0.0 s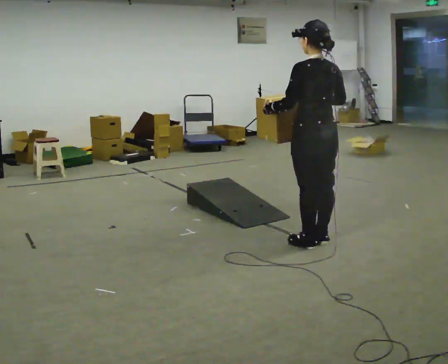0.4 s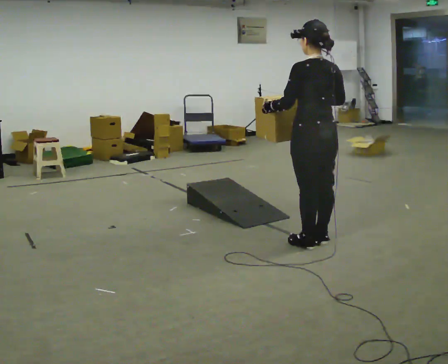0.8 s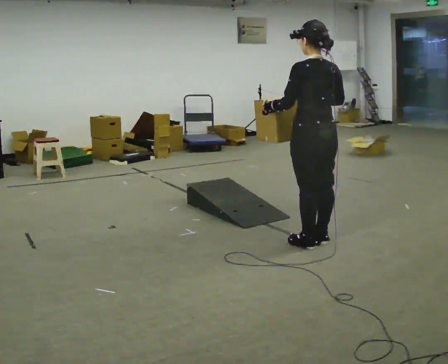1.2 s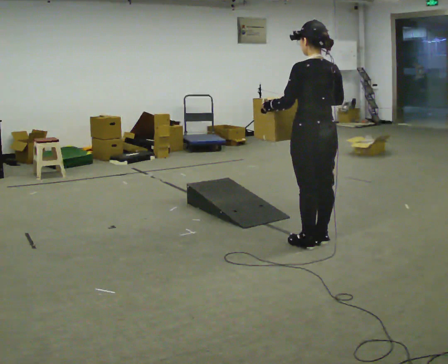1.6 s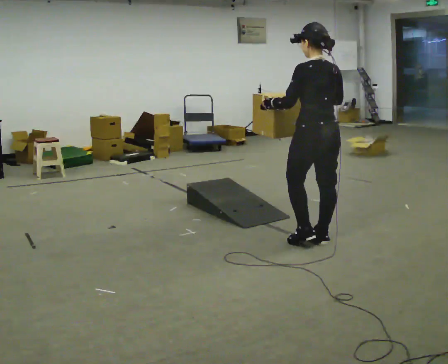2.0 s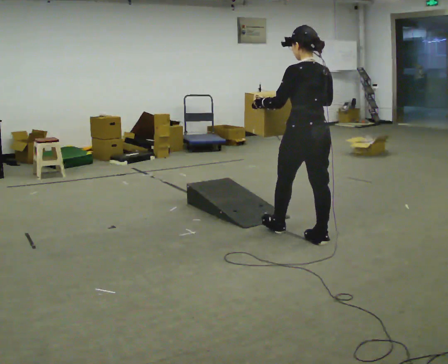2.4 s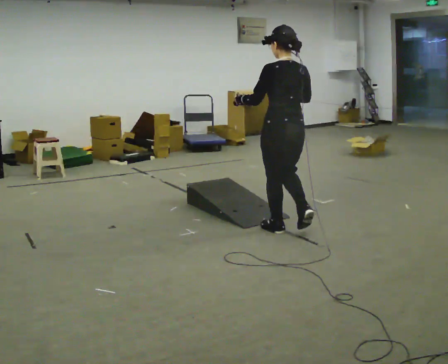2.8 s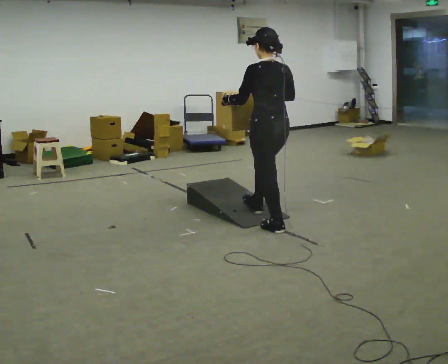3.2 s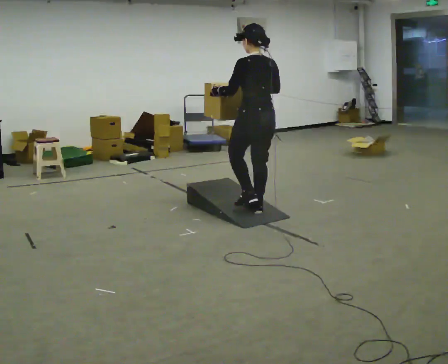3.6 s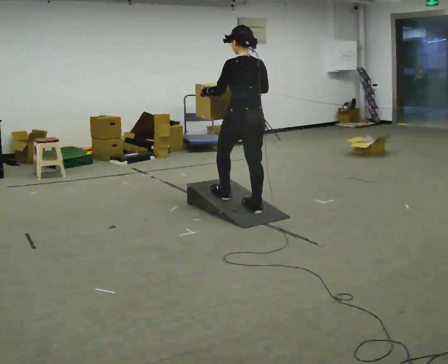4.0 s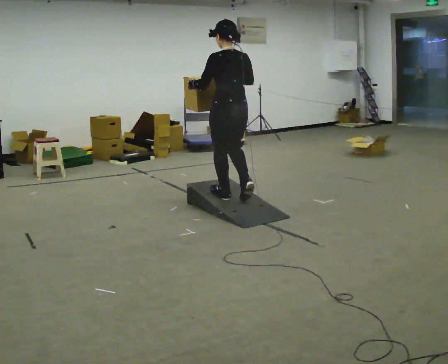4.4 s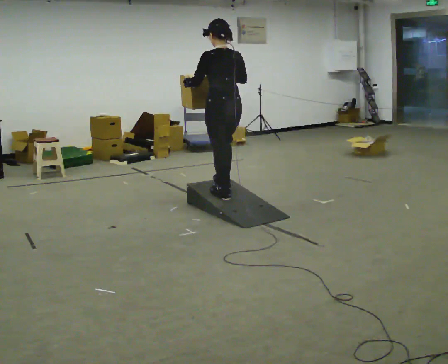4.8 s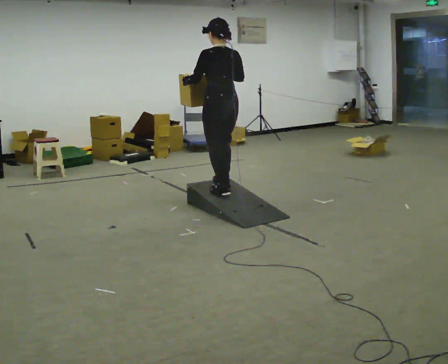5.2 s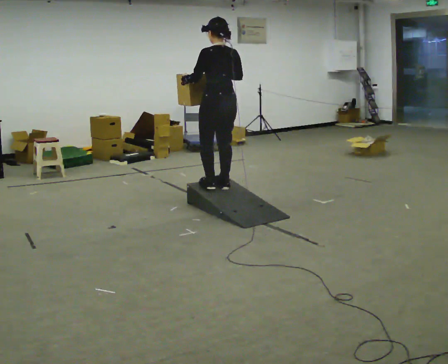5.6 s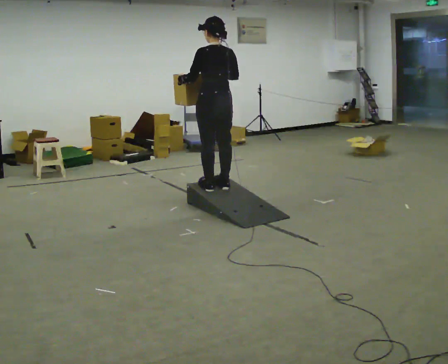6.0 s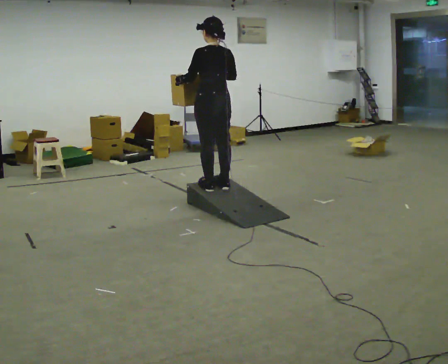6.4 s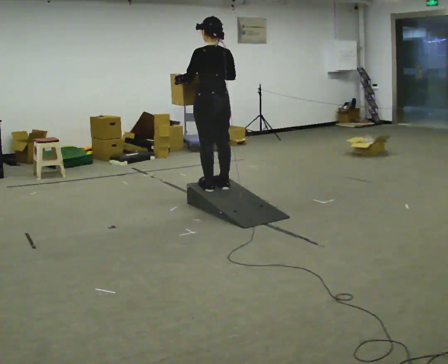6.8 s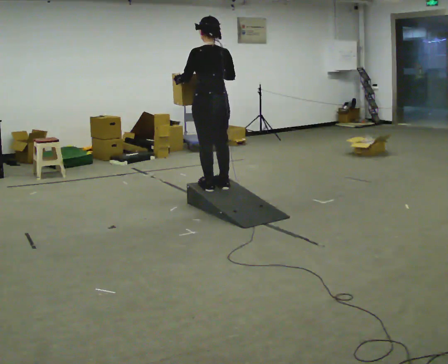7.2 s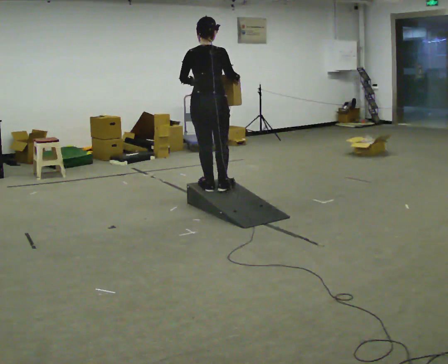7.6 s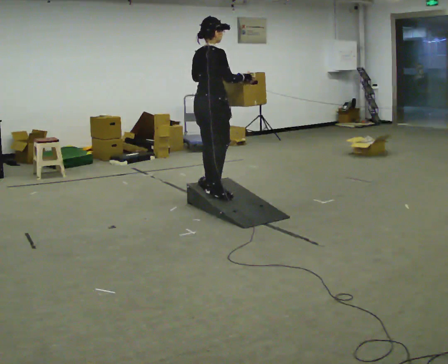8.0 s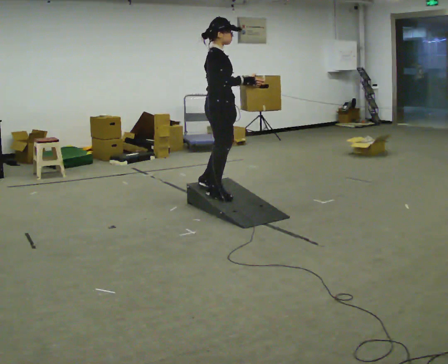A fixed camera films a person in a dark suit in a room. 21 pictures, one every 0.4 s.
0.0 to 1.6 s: The person moves a little, or ends about where they began.
1.6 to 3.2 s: In the picture they go away from the camera and to the left, about 1 m in 2 steps, which for them is forward.
3.2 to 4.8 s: In the picture they go away from the camera and to the left, about 0.5 m in 2 steps, which for them is forward.
4.8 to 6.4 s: The person moves a little, or ends about where they began.
6.4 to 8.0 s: The person turns about 120 degrees to their right, clockwise seen from above, so the part of the body nearest the lens slides to the left. In the picture they go toward the camera, about 0.25 m in 1 step.
The film runs forward here.
